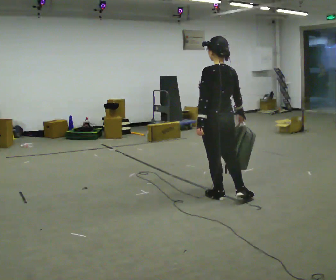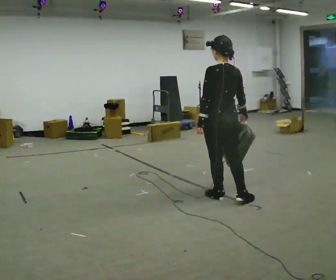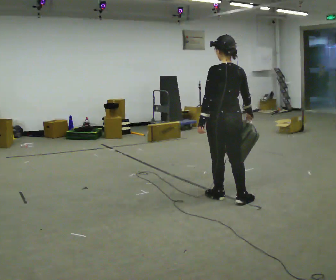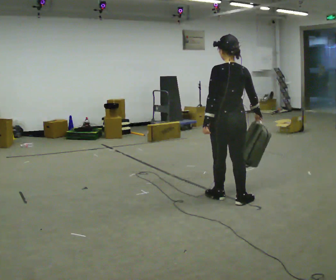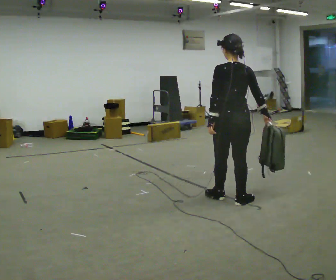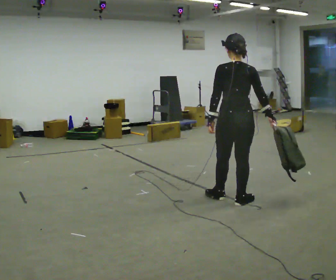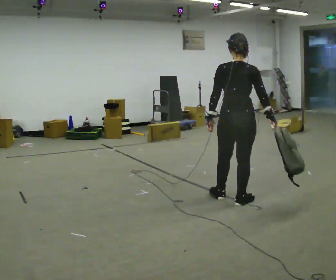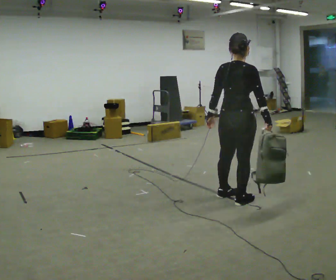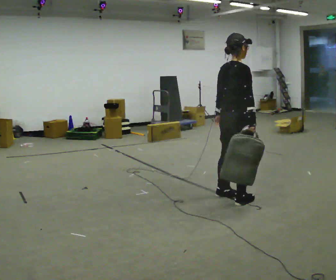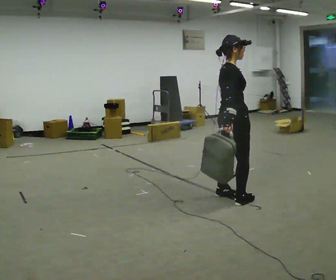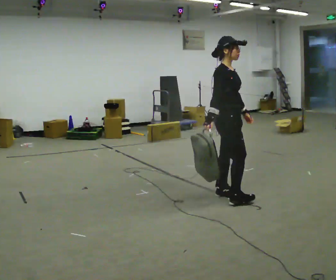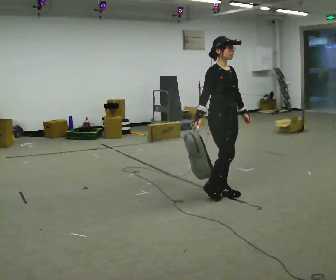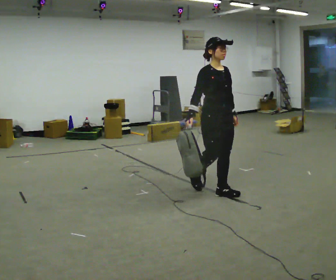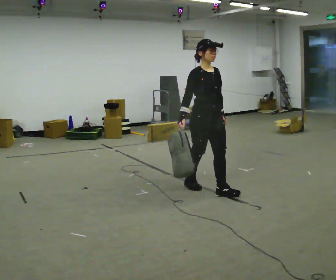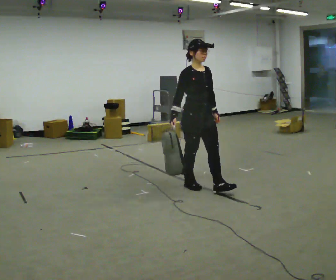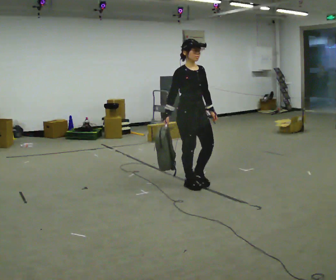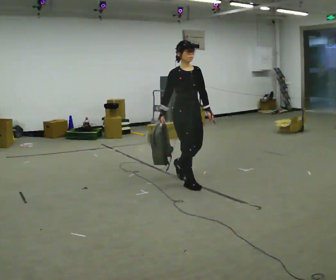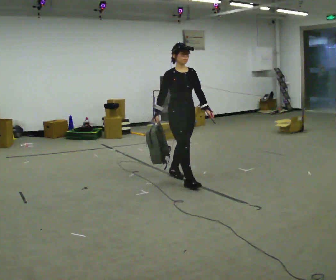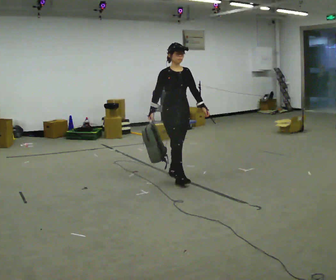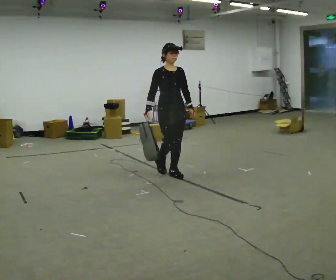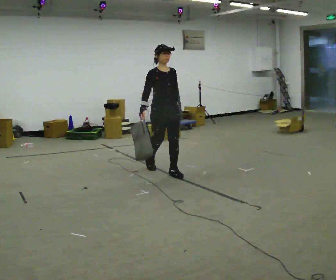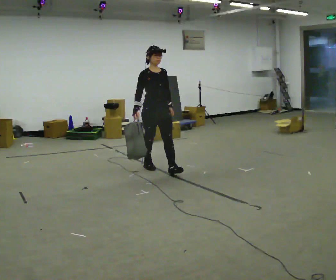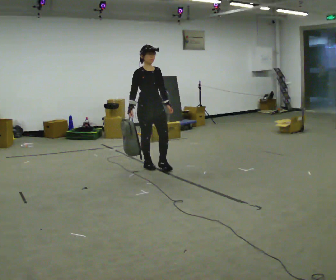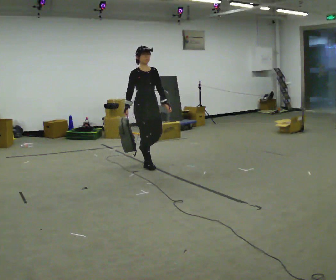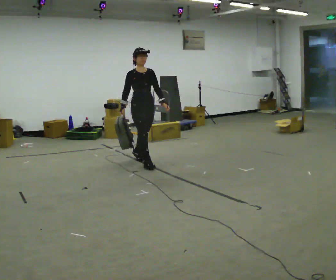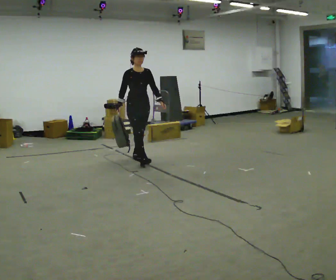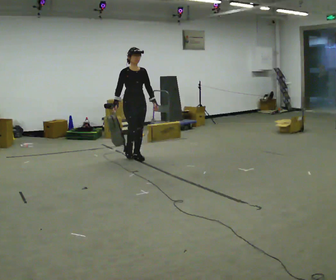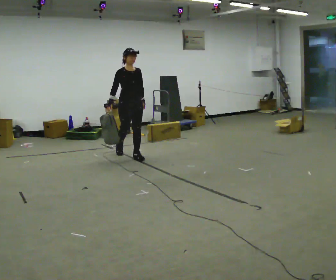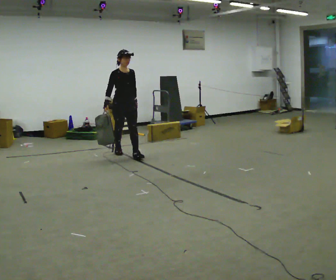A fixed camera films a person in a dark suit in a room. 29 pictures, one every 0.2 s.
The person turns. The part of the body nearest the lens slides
to the left.
The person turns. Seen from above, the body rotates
clockwise.
0.0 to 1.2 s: Seen from above the body turns clockwise, about 30 degrees: to their right, with its near side sliding to the left. In the picture they go to the right, about 0.25 m, which for them is backward and to their right.
1.2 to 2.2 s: The person turns about 120 degrees to their right, clockwise seen from above, so the part of the body nearest the lens slides to the left. In the picture they go away from the camera and to the left, about 0.25 m in 1 step.
2.2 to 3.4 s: In the picture they go to the left and away from the camera, about 0.75 m in 1 step, which for them is backward.
3.4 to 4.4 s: In the picture they go away from the camera and to the left, about 0.5 m in 2 steps, which for them is backward.
4.4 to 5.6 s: In the picture they go away from the camera and to the left, about 1 m in 1 step, which for them is backward.
The film runs backward here.
